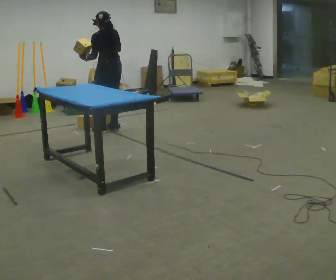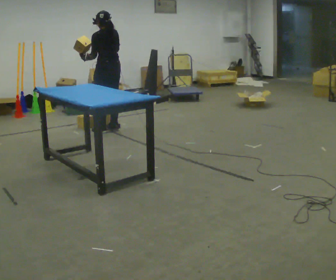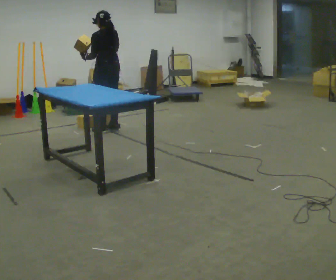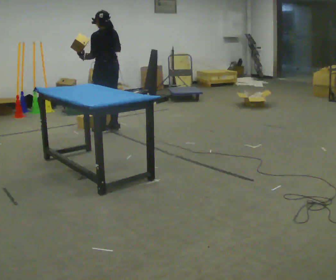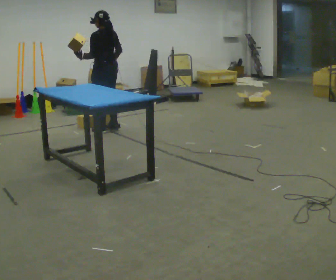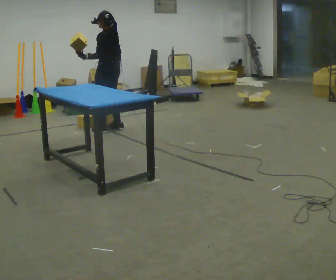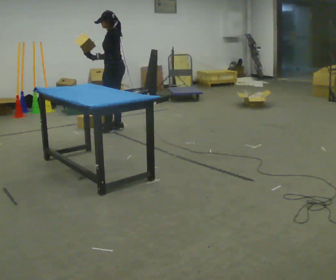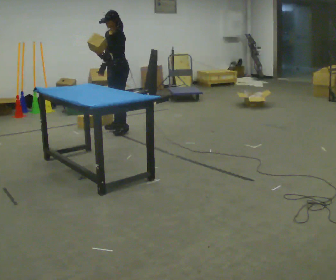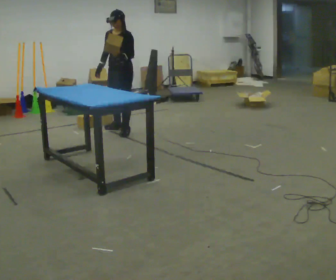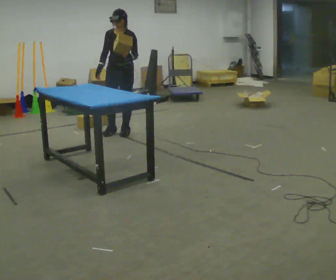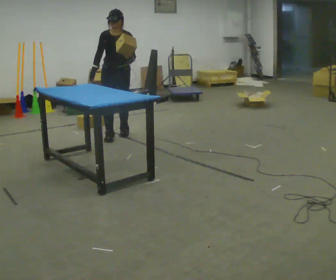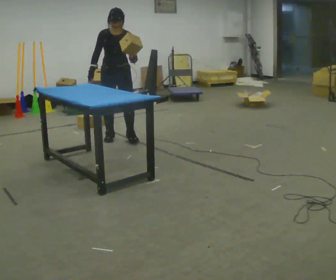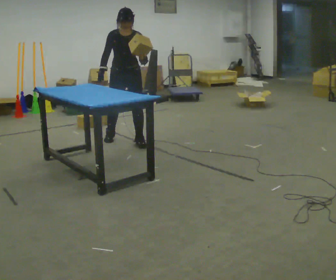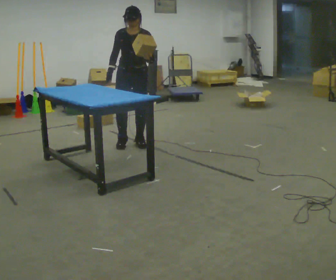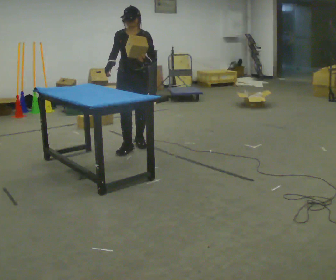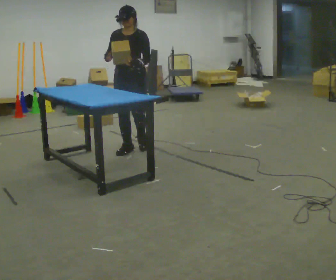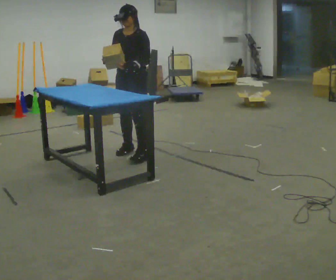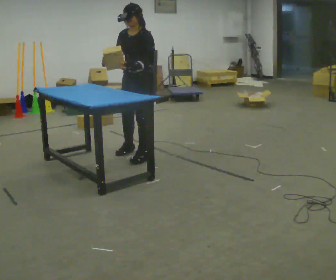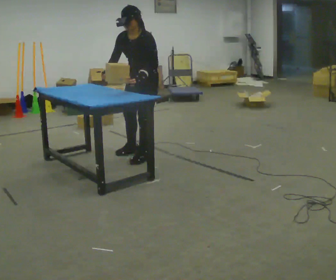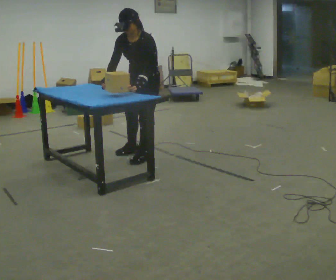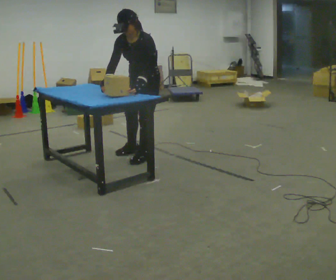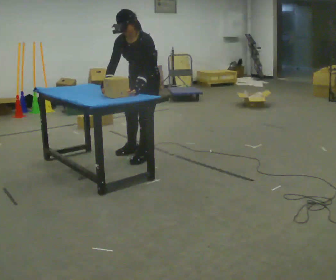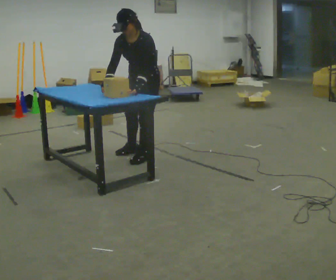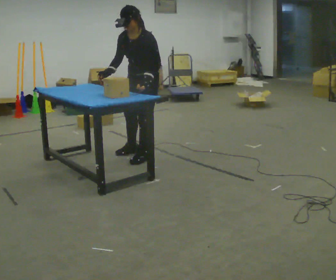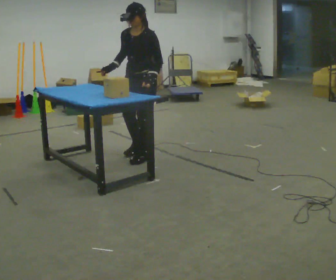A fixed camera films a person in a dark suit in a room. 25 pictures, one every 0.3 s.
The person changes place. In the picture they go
toward the camera.
0.0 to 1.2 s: The person moves a little, or ends about where they began.
1.2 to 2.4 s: Seen from above the body turns counterclockwise, about 90 degrees: to their left, with its near side sliding to the right. In the picture they go to the right, about 0.25 m in 1 step. In the picture their left hand goes to the right, the arm swinging counterclockwise.
2.4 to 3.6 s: Seen from above the body turns counterclockwise, about 45 degrees: to their left, with its near side sliding to the right. In the picture they go toward the camera, about 0.5 m in 2 steps, which for them is forward.
3.6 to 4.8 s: Seen from above the body turns clockwise, about 45 degrees: to their right, with its near side sliding to the left. In the picture they go toward the camera, about 0.5 m in 1 step, which for them is forward.
4.8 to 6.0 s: In the picture they go toward the camera, about 0.25 m in 1 step, which for them is to their left. The upper body tips toward the camera, its near side rolling downward, as they bend forward.
6.0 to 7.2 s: The person moves a little, or ends about where they began.
The film runs forward here.
